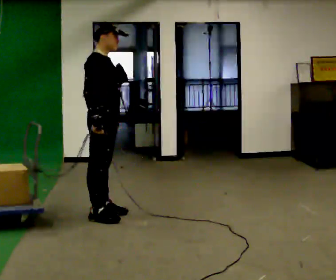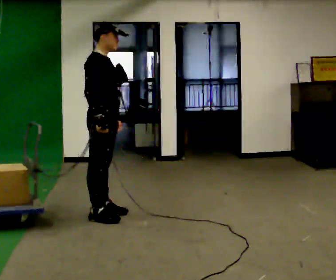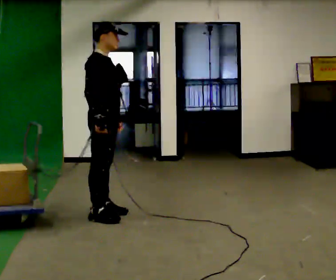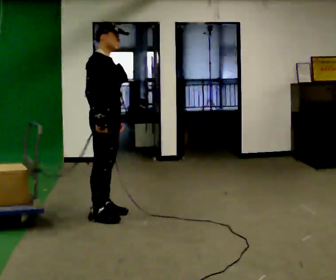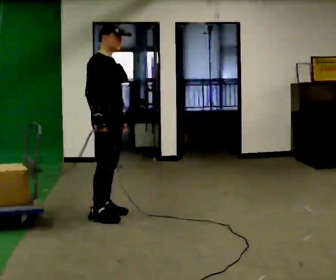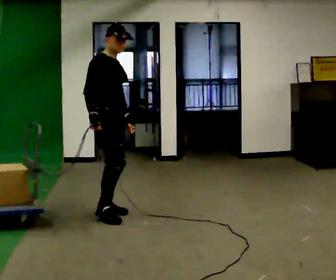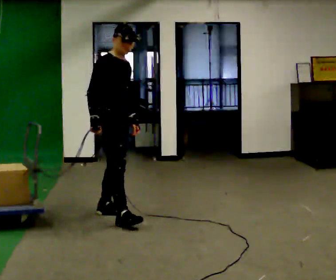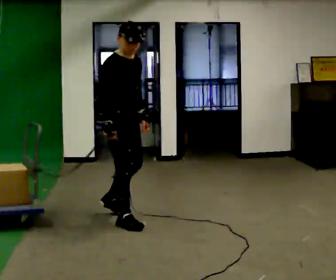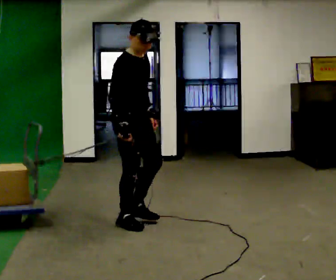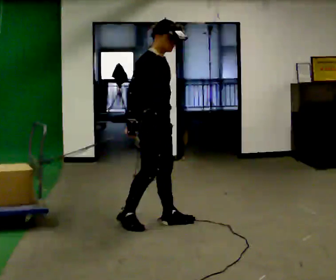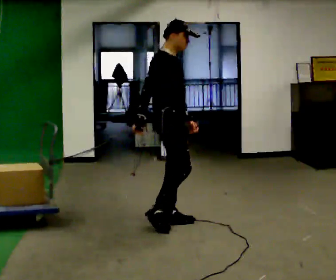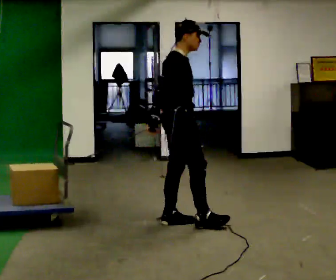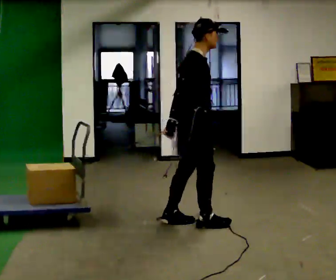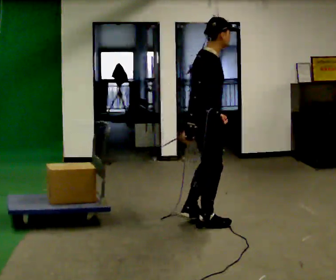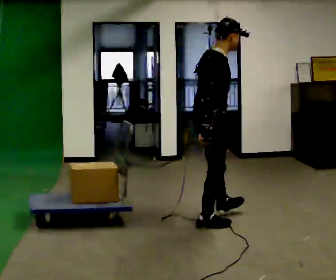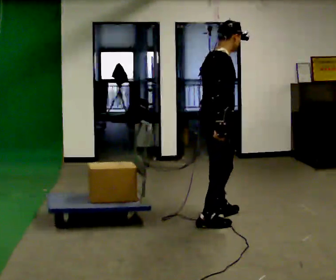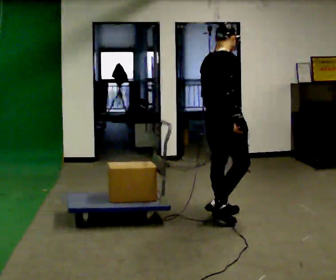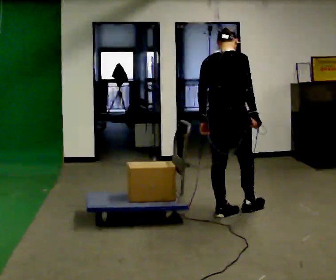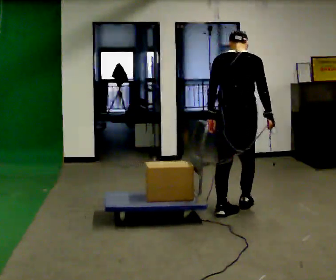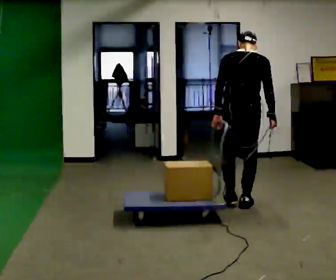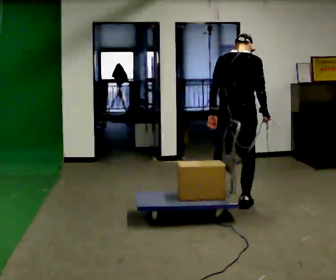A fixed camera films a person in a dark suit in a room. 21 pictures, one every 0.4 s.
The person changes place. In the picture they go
to the right.
The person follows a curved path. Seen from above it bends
counterclockwise.
0.0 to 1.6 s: The person moves a little, or ends about where they began.
1.6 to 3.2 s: In the picture they go toward the camera and to the right, about 0.25 m in 1 step, which for them is forward and to their right.
3.2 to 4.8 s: The part of the body nearest the lens slides to the right as the person turns to their left by about 30 degrees. In the picture they go to the right, about 0.5 m in 2 steps, which for them is forward.
4.8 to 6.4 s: In the picture they go to the right and away from the camera, about 0.25 m in 1 step, which for them is forward and to their left.
6.4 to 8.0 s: The person turns about 45 degrees to their left, counterclockwise seen from above, so the part of the body nearest the lens slides to the right. In the picture they go away from the camera and to the right, about 0.5 m in 2 steps, which for them is forward.
The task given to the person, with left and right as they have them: Stand side-on to the sled and drag it towards you step by step, moving sideways. The operator will log the load and the peak reading on the scale for every take.
The film runs forward here.
